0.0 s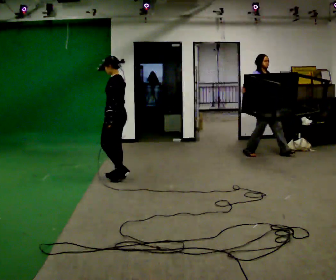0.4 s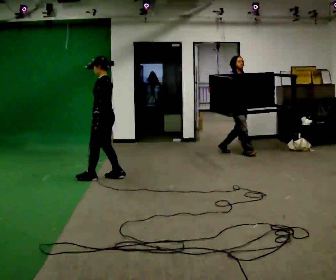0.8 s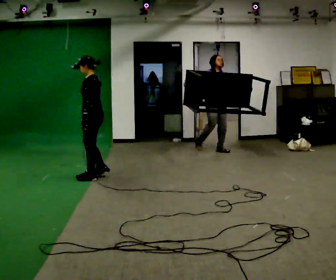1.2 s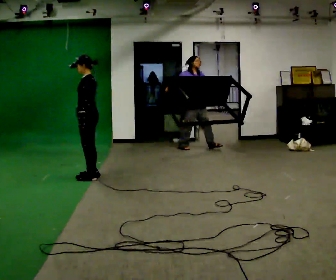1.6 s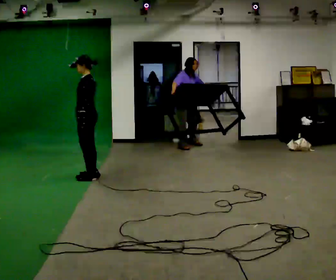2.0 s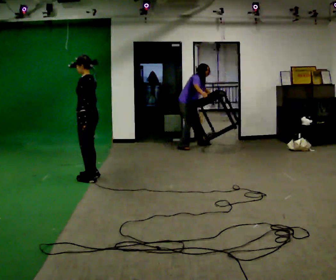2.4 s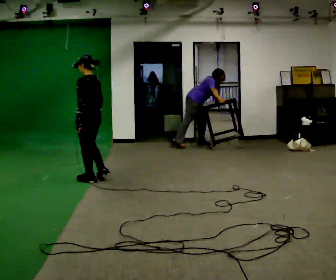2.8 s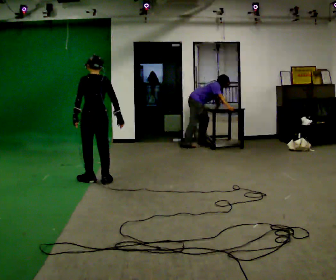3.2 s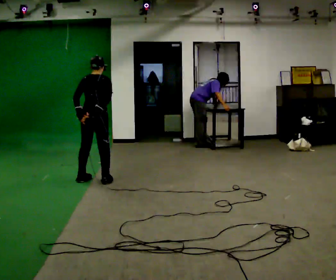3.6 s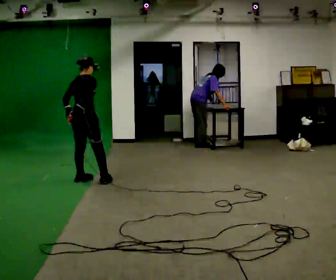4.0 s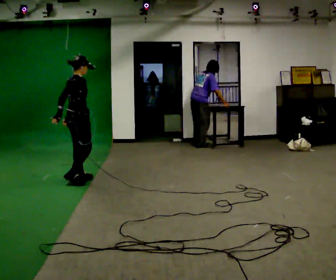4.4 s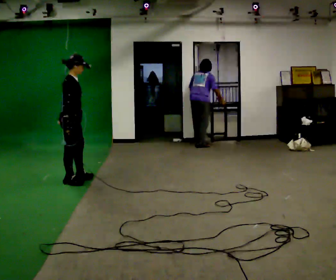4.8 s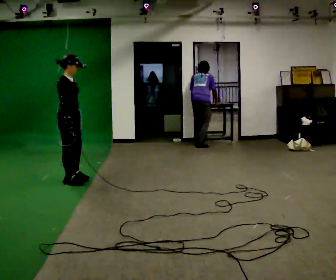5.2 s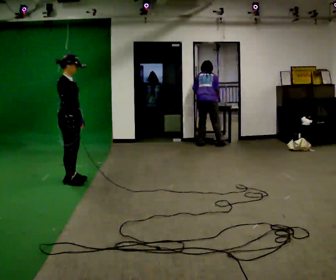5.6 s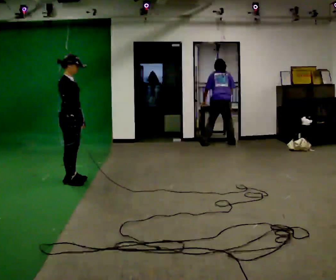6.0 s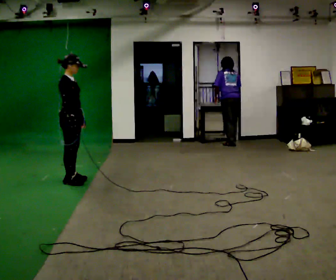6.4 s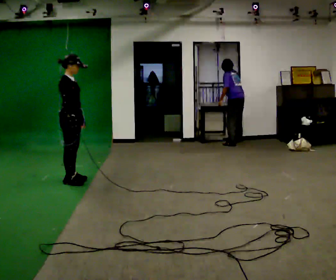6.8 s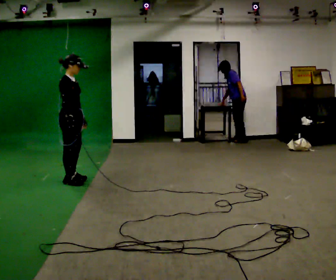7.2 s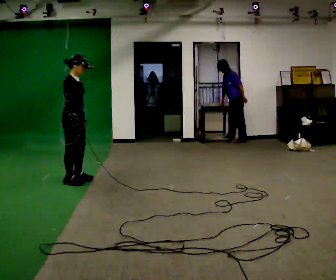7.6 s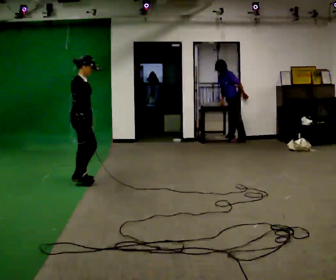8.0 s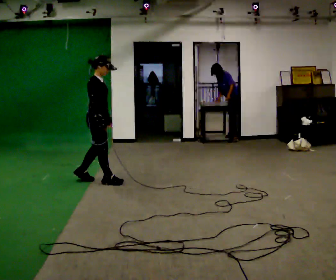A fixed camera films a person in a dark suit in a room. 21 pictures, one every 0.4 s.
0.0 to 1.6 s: In the picture they go to the left, about 0.5 m in 1 step, which for them is forward.
1.6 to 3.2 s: Seen from above the body turns clockwise, about 90 degrees: to their right, with its near side sliding to the left. In the picture they go toward the camera, about 0.25 m in 2 steps.
3.2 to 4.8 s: The part of the body nearest the lens slides to the left as the person turns to their right by about 90 degrees. In the picture they go to the left, about 0.25 m in 1 step.
4.8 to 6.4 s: The person moves a little, or ends about where they began.
6.4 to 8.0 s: In the picture they go to the right, about 0.25 m in 2 steps, which for them is forward.
The film runs backward here.
